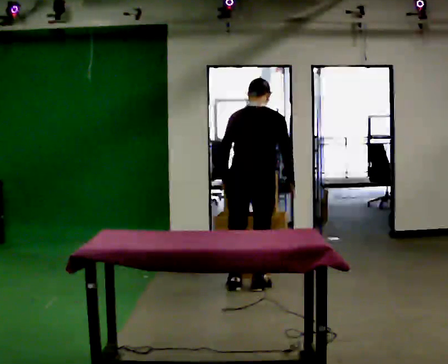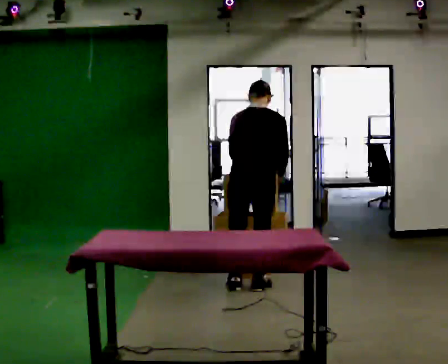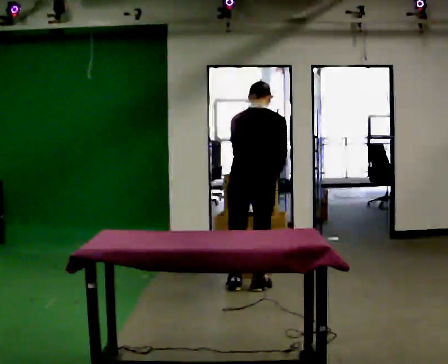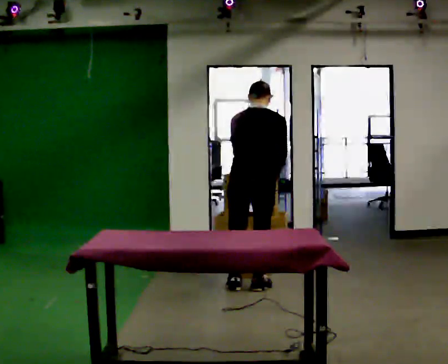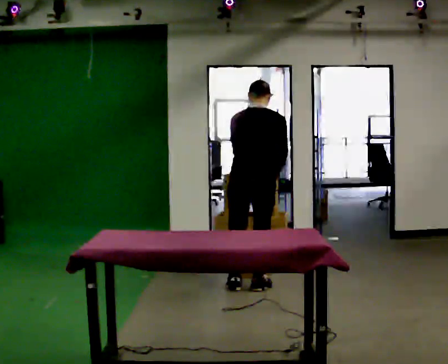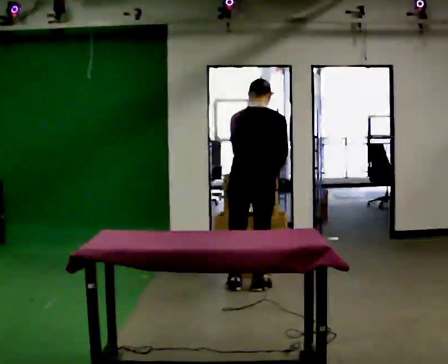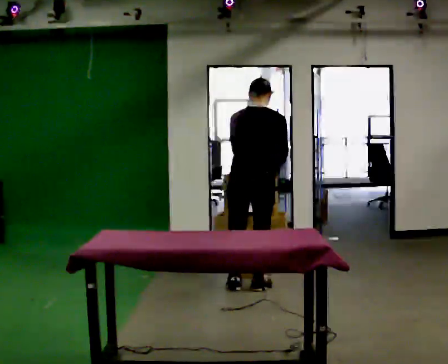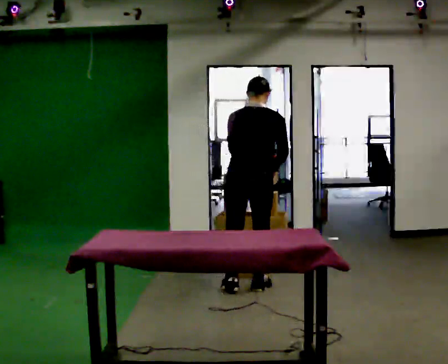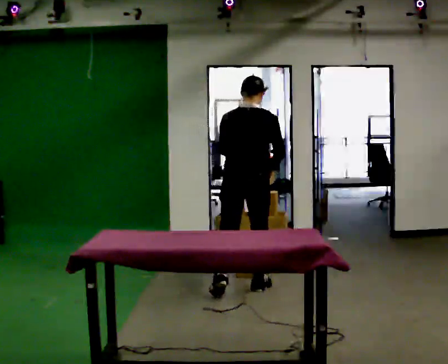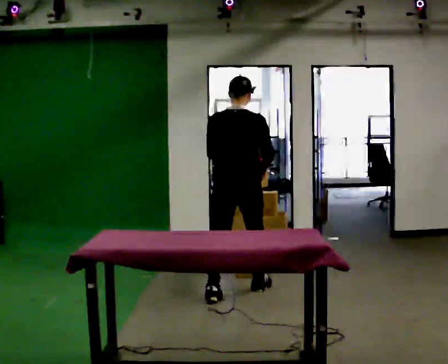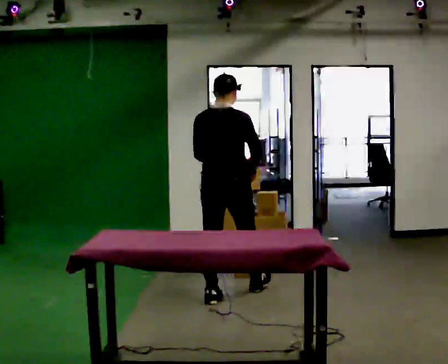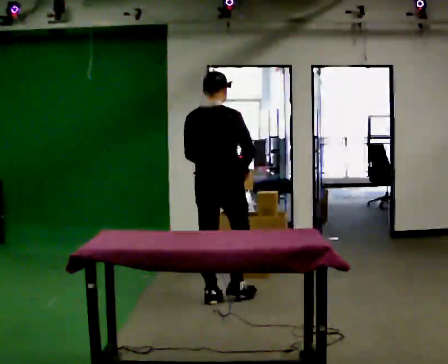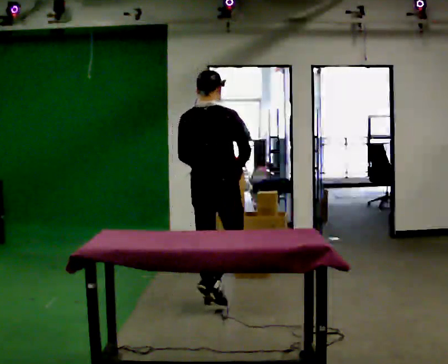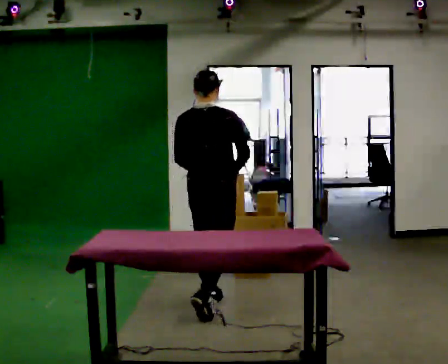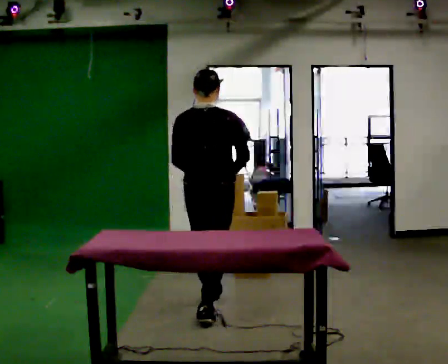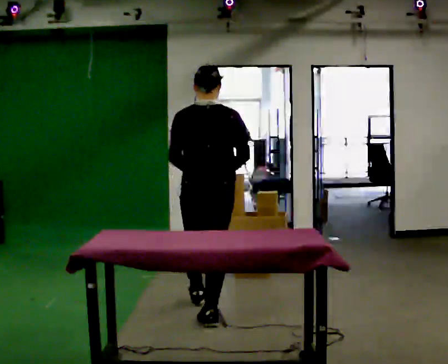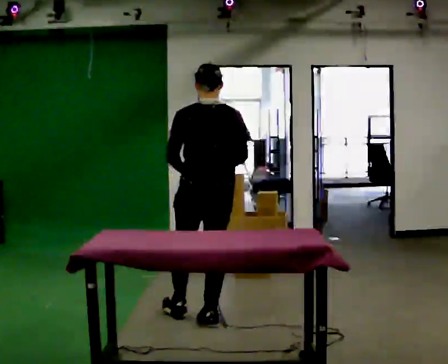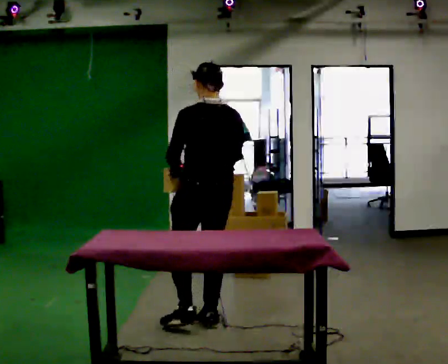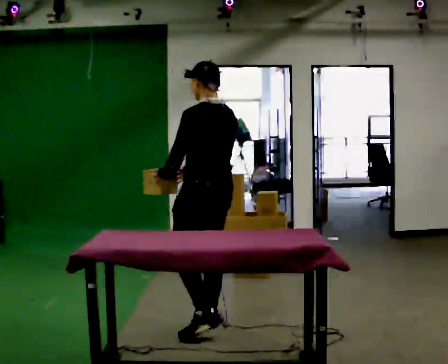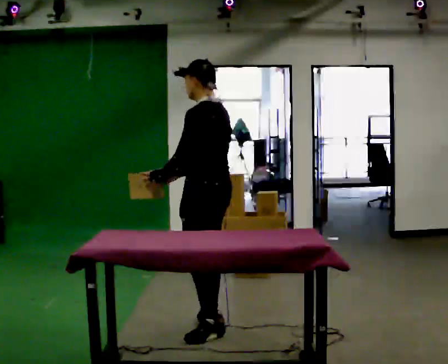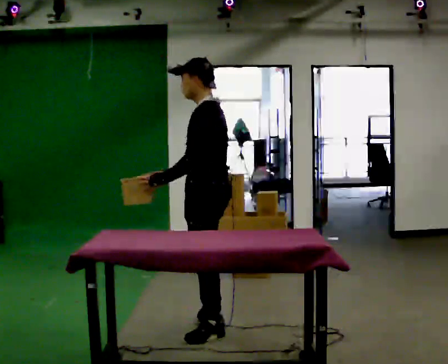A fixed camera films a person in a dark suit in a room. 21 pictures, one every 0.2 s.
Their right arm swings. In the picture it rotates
clockwise.
The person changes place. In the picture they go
toward the camera.
0.0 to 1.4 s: The person moves a little, or ends about where they began.
1.4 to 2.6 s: In the picture they go toward the camera and to the left, about 0.5 m in 1 step, which for them is backward.
2.6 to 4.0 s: The person turns about 105 degrees to their left, counterclockwise seen from above, so the part of the body nearest the lens slides to the right. In the picture they go toward the camera, about 0.5 m in 1 step.
The film runs backward here.
